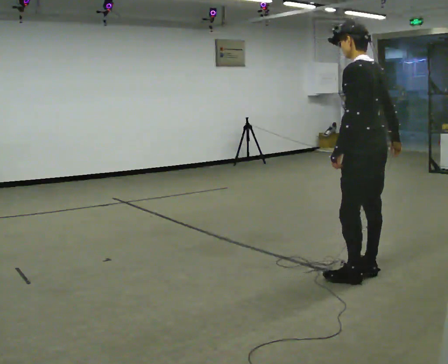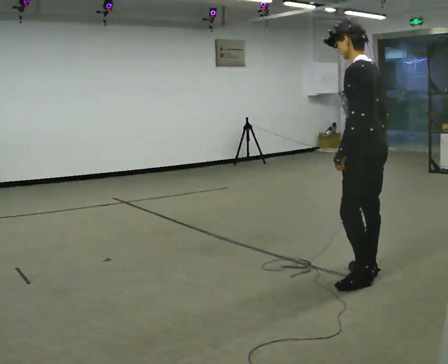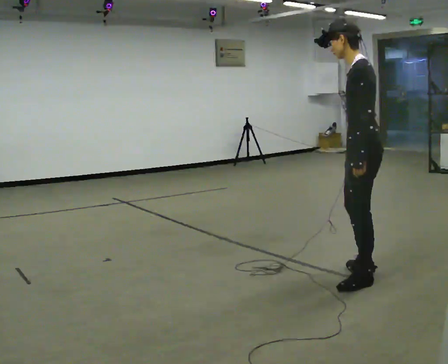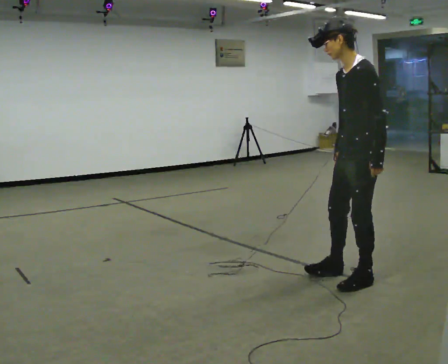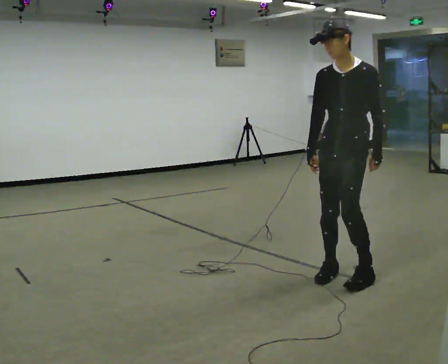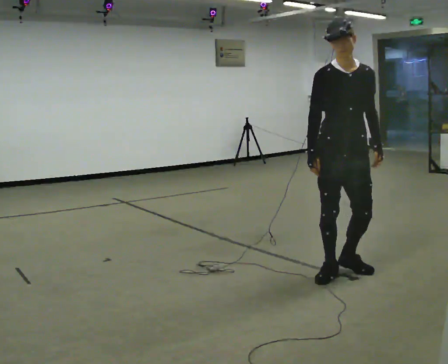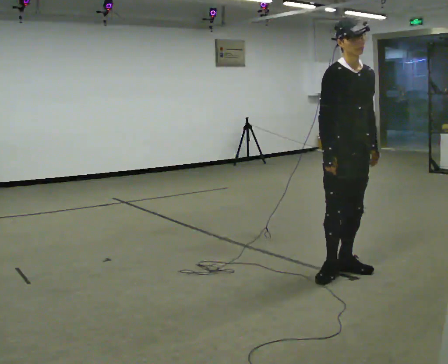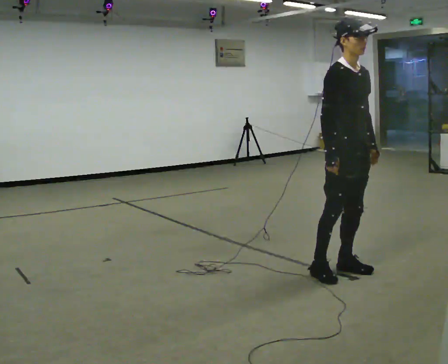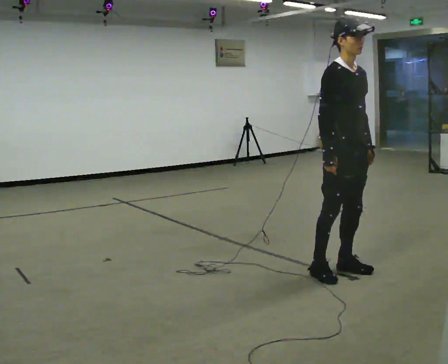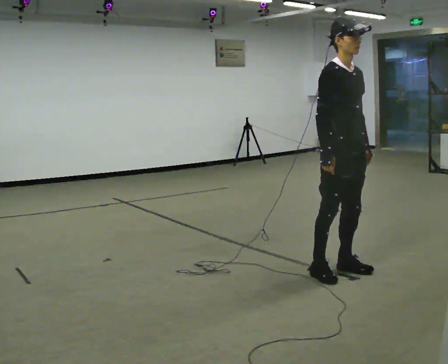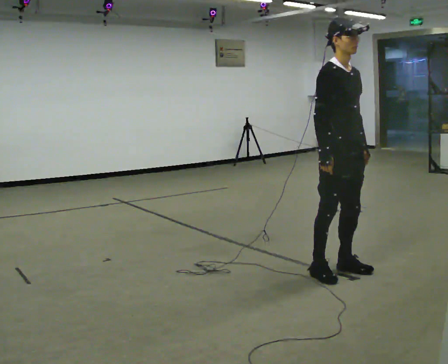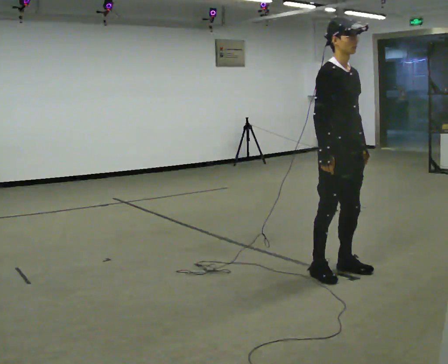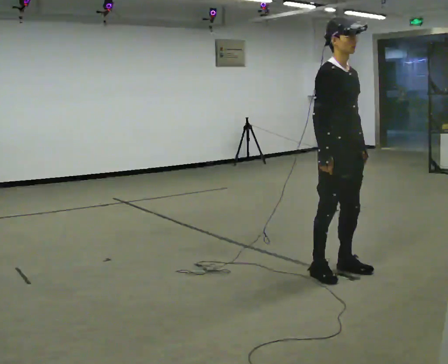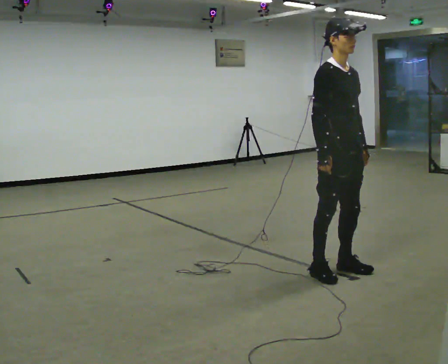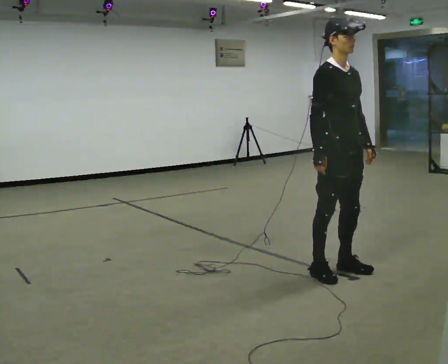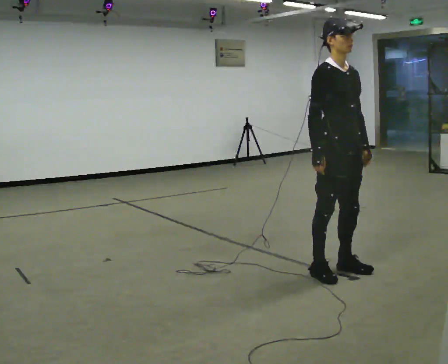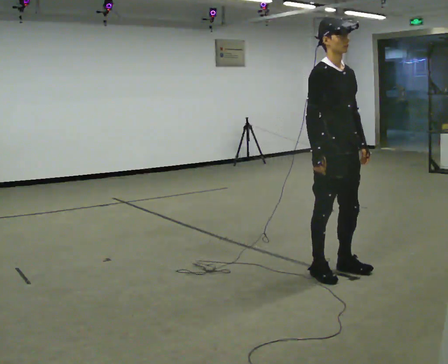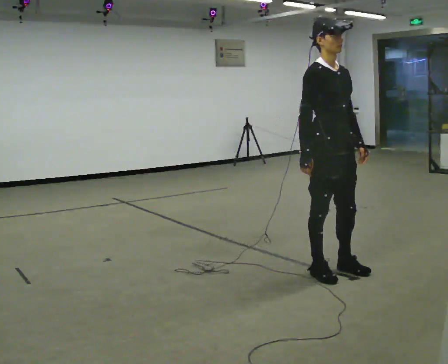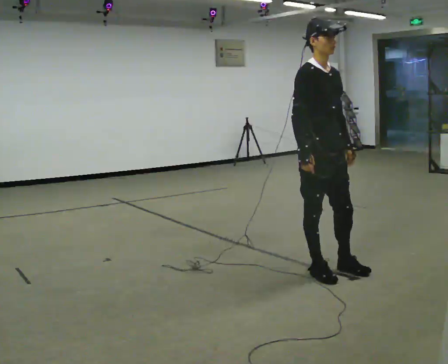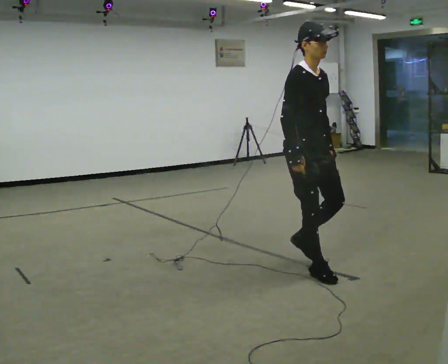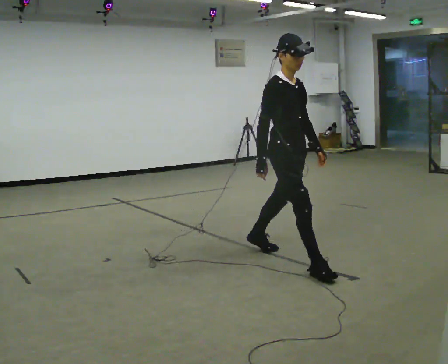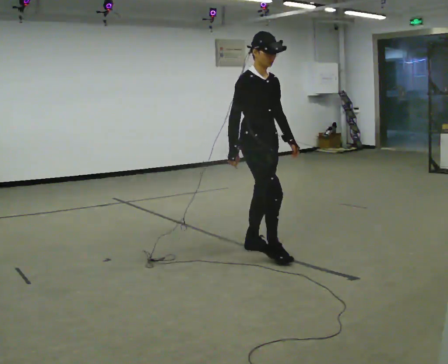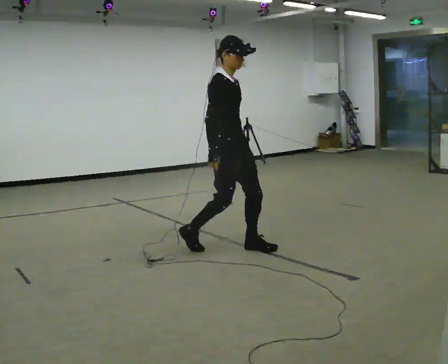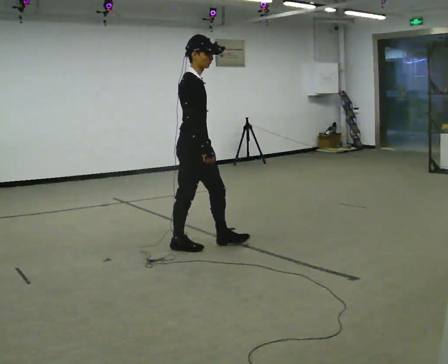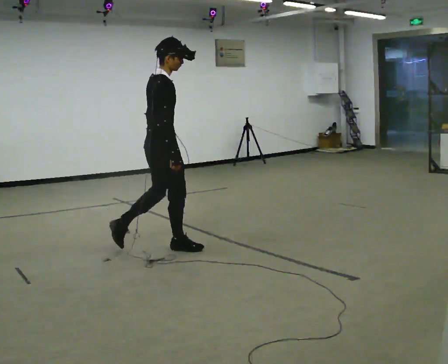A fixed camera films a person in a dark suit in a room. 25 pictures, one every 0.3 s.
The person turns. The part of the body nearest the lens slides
to the right.
The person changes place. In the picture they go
to the left.
0.0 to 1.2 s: The part of the body nearest the lens slides to the right as the person turns to their left by about 90 degrees. In the picture they go to the left, about 0.25 m in 2 steps. In the picture their right hand goes to the left, the arm swinging clockwise.
1.2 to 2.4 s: The part of the body nearest the lens slides to the right as the person turns to their left by about 75 degrees.
2.4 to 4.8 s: The person moves a little, or ends about where they began.
4.8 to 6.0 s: In the picture they go to the left and away from the camera, about 0.5 m in 1 step, which for them is backward.
6.0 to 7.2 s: Seen from above the body turns counterclockwise, about 60 degrees: to their left, with its near side sliding to the right. In the picture they go to the left, about 1 m in 2 steps.
The film runs backward here.
